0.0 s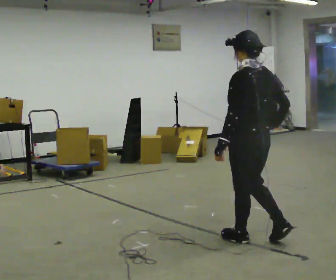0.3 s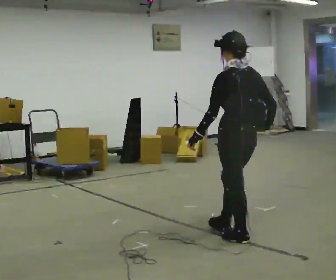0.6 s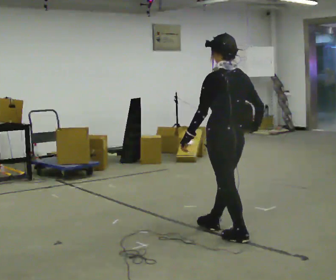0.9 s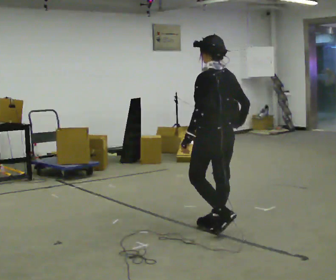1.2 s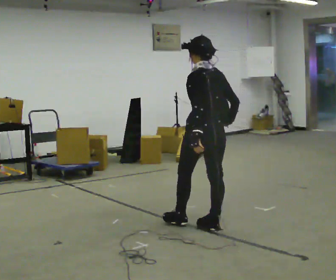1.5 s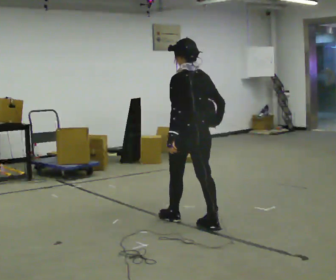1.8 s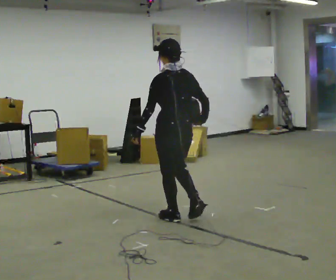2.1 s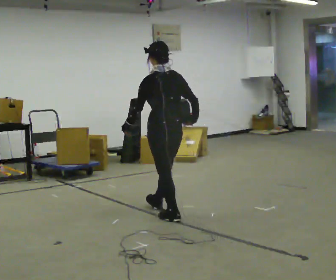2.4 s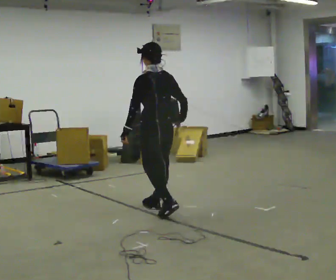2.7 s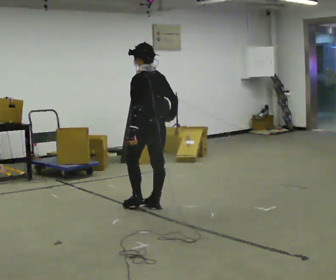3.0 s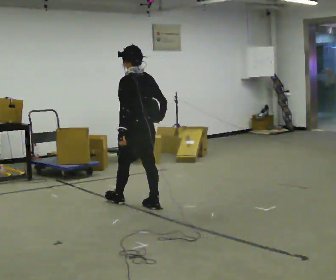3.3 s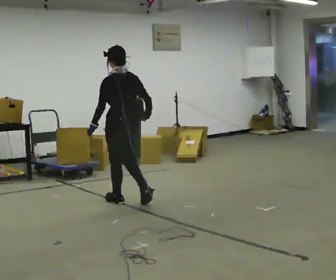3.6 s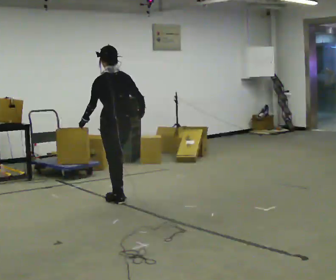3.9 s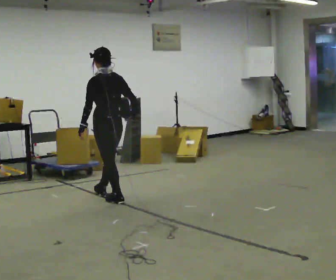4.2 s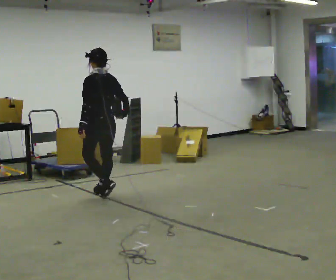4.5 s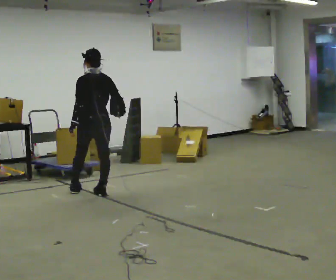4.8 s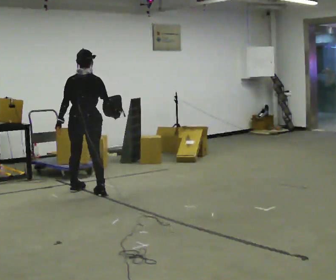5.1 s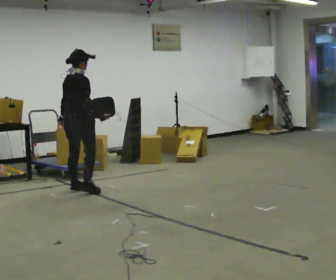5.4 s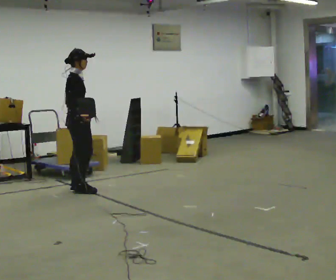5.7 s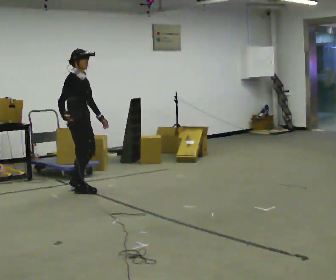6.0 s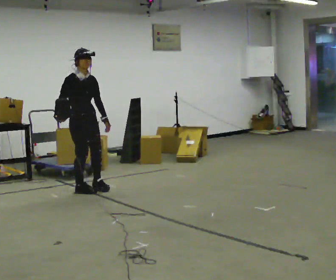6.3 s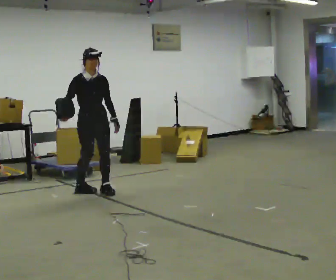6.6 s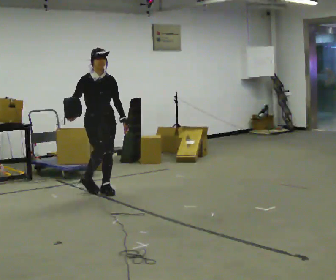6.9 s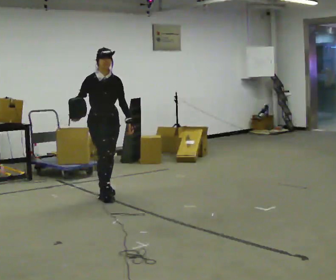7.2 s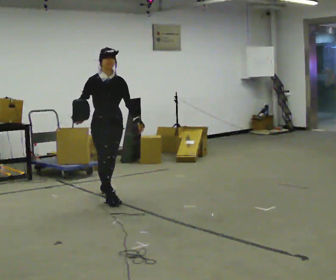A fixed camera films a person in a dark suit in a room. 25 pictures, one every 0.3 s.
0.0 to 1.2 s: In the picture they go away from the camera and to the left, about 0.5 m in 1 step, which for them is forward.
1.2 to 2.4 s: In the picture they go away from the camera and to the left, about 0.5 m in 2 steps, which for them is forward.
2.4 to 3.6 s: In the picture they go to the left and away from the camera, about 0.5 m in 1 step, which for them is forward.
3.6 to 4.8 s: The person turns about 45 degrees to their right, clockwise seen from above, so the part of the body nearest the lens slides to the left. In the picture they go away from the camera and to the left, about 0.5 m in 2 steps, which for them is forward.
4.8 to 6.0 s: The part of the body nearest the lens slides to the left as the person turns to their right by about 120 degrees. In the picture their right hand goes to the left, the arm swinging clockwise.
6.0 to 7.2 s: In the picture they go toward the camera and to the right, about 0.5 m in 2 steps, which for them is forward.
The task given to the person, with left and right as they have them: Hold the object against your hip on the side the operator calls, and carry it back and forth across the room.
The film runs forward here.
